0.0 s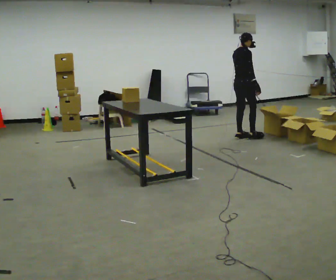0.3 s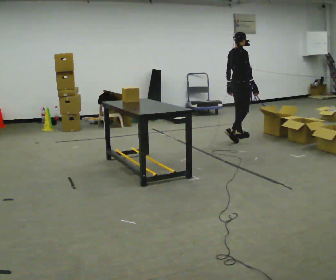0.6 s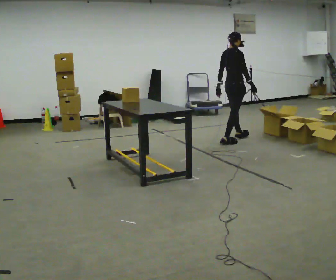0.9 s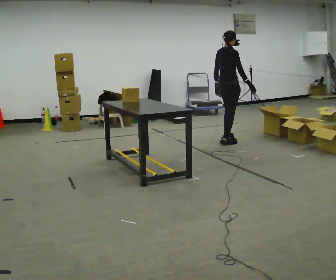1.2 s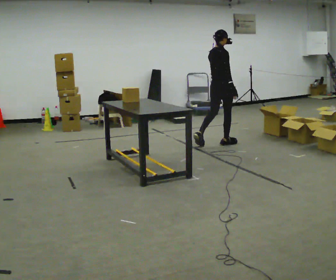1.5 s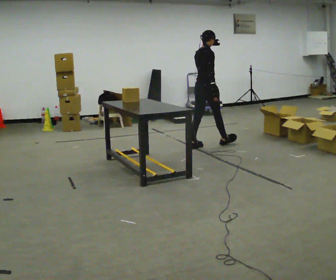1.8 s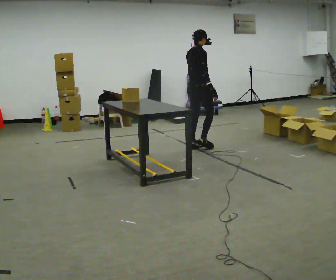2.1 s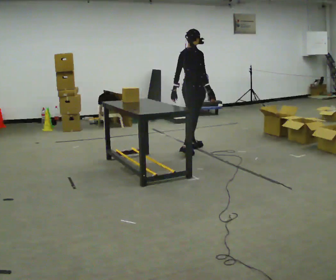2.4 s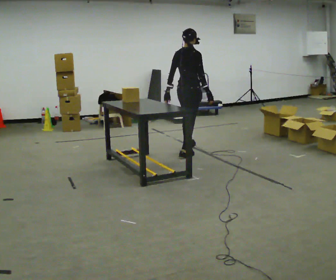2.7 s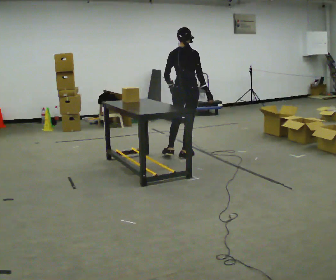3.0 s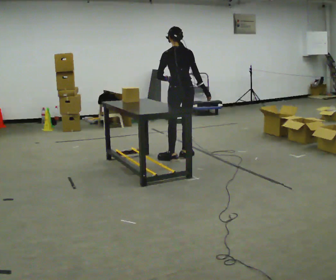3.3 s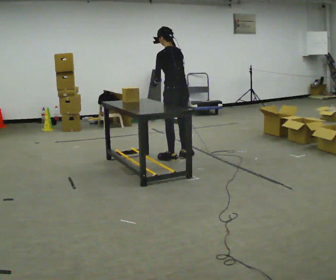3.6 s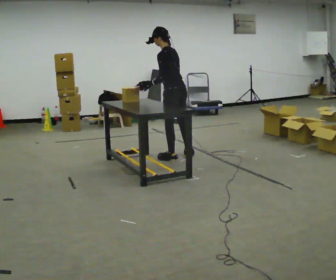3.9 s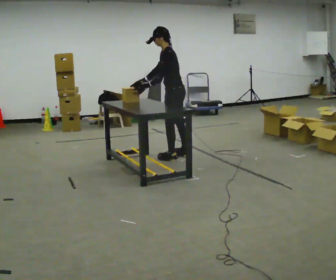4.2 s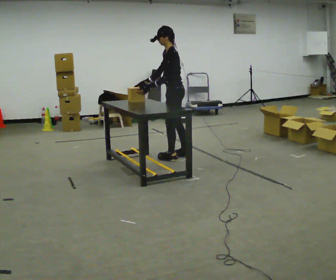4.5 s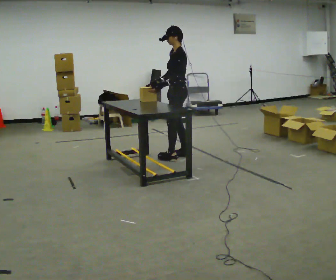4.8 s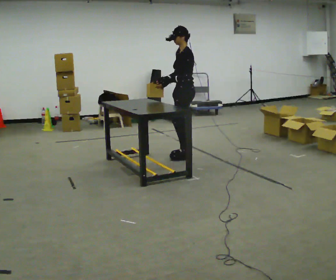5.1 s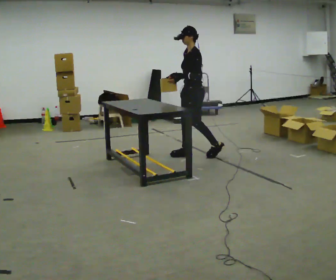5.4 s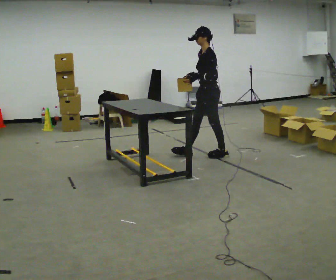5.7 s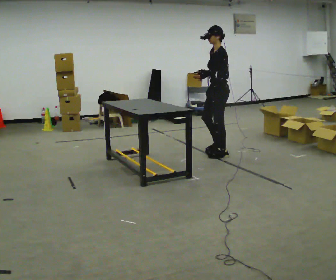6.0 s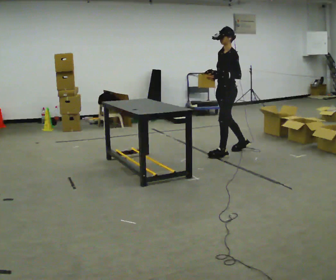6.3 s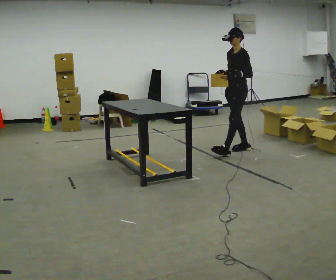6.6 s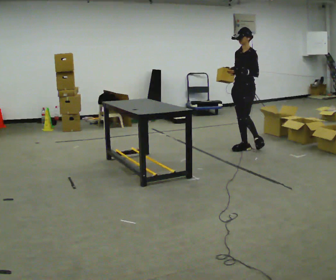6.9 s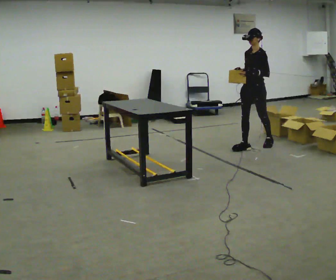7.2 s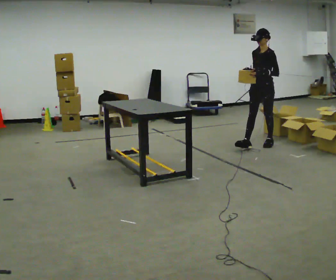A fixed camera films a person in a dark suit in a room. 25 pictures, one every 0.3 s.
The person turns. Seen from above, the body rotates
counterclockwise.
The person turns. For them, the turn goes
to their left.
0.0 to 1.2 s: In the picture they go toward the camera and to the left, about 0.5 m in 1 step, which for them is backward.
1.2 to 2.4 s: In the picture they go toward the camera and to the left, about 0.75 m in 2 steps, which for them is backward.
2.4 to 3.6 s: The person turns about 90 degrees to their left, counterclockwise seen from above, so the part of the body nearest the lens slides to the right. In the picture they go toward the camera, about 0.25 m. In the picture the upper body tilts counterclockwise, shoulders to the left.
3.6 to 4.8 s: Seen from above the body turns counterclockwise, about 60 degrees: to their left, with its near side sliding to the right.
4.8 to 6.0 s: In the picture they go to the right, about 0.5 m in 1 step, which for them is backward.
6.0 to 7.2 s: The part of the body nearest the lens slides to the right as the person turns to their left by about 30 degrees. In the picture they go to the right and away from the camera, about 0.75 m in 1 step, which for them is backward.
The film runs backward here.
